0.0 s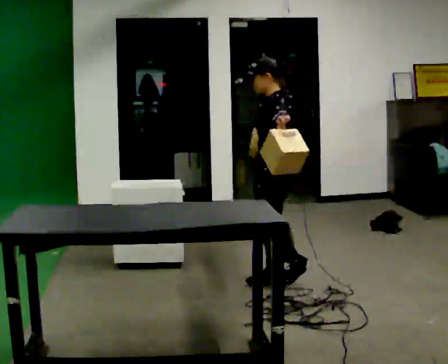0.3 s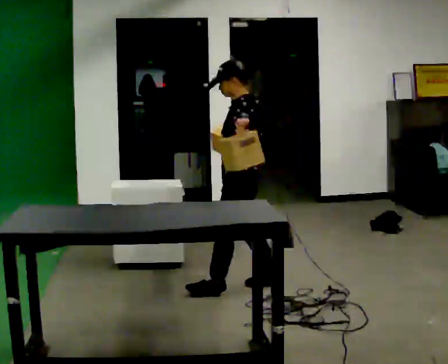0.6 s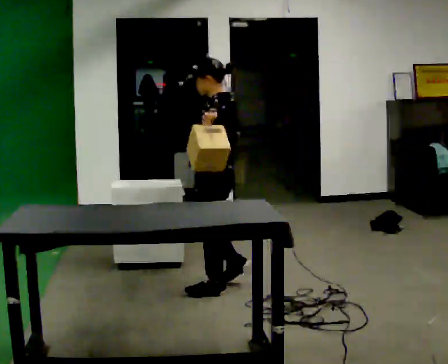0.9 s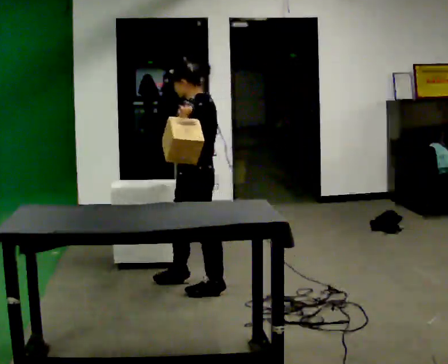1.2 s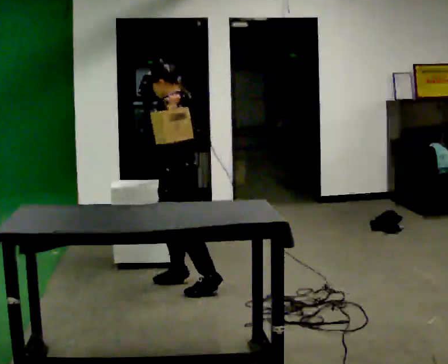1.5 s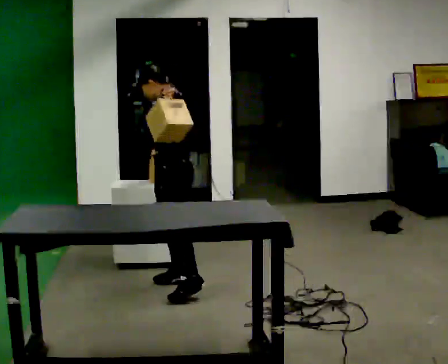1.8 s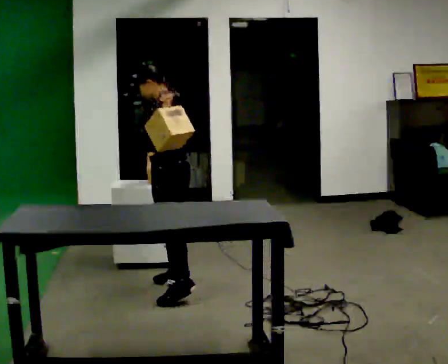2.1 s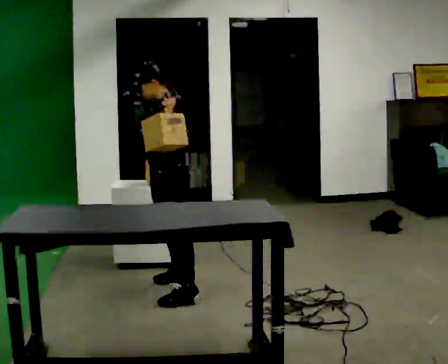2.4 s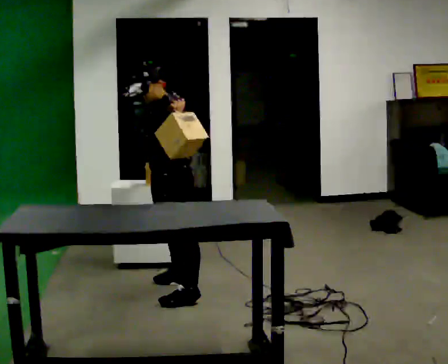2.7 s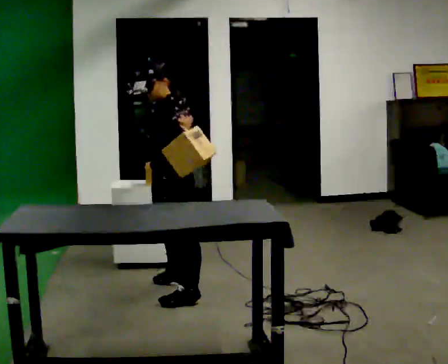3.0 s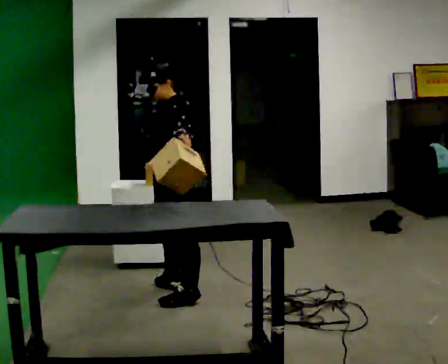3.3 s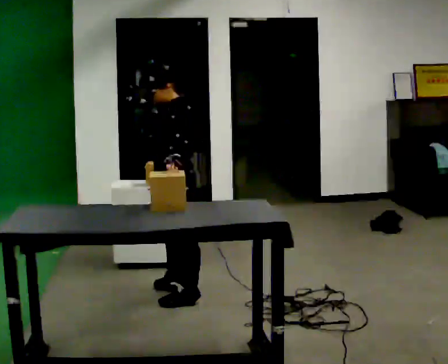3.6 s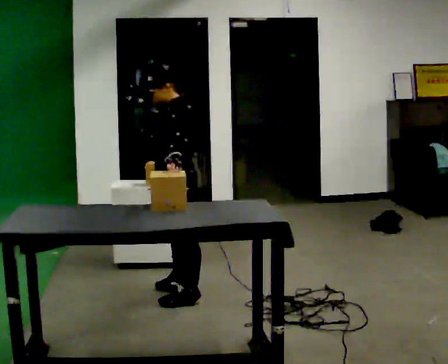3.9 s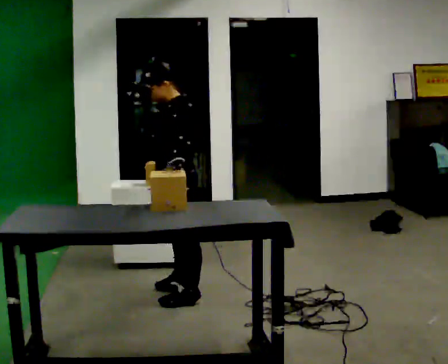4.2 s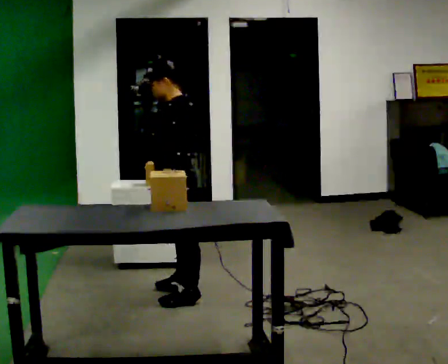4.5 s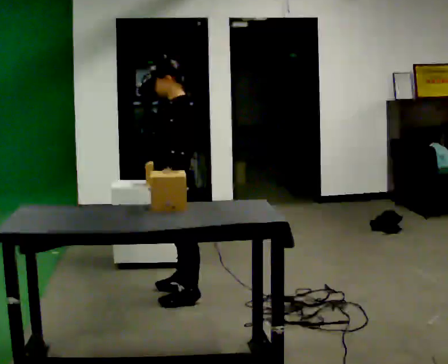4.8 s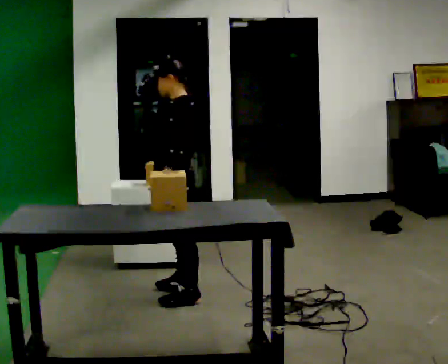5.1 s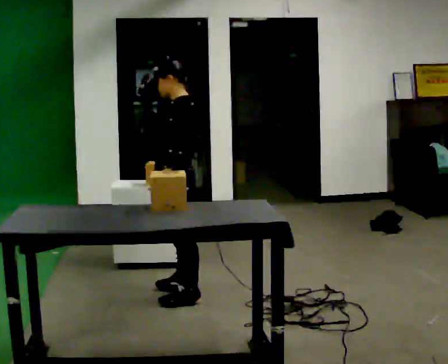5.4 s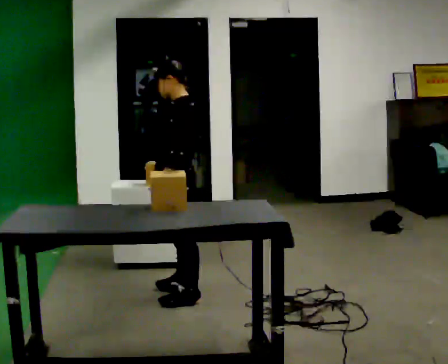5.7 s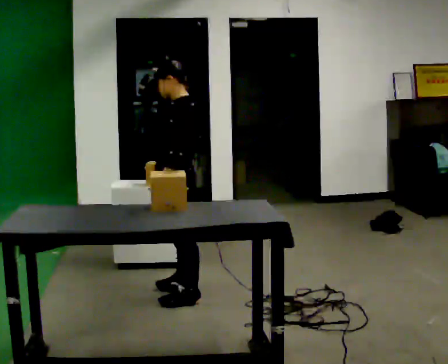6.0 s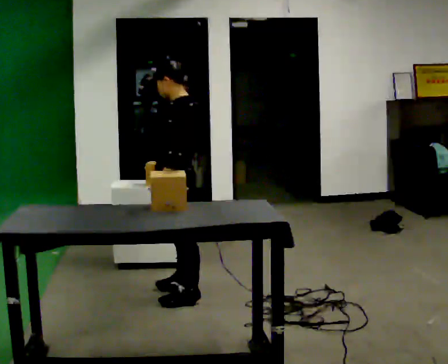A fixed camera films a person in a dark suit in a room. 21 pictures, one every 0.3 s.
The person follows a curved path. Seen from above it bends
counterclockwise.
0.0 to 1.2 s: In the picture they go to the left, about 0.5 m in 2 steps, which for them is forward.
1.2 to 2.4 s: In the picture they go toward the camera, about 0.25 m in 1 step, which for them is to their left.
2.4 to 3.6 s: The upper body tips toward the camera, its near side rolling downward.
3.6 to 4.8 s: In the picture their right hand goes downward.
4.8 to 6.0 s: The person moves a little, or ends about where they began.
The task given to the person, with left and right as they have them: Pick up both objects, carry them together, then put each one in a different place. Keep going until the operator says stop; one object at a time, and do not rush between trips.
The film runs forward here.
